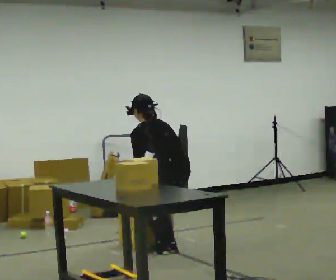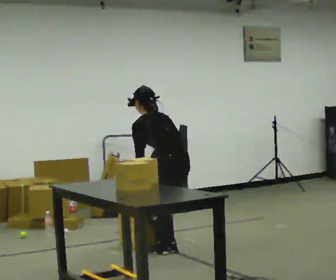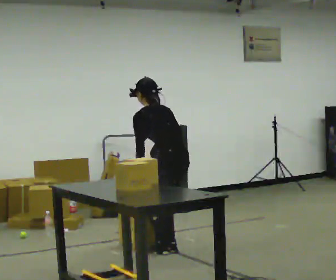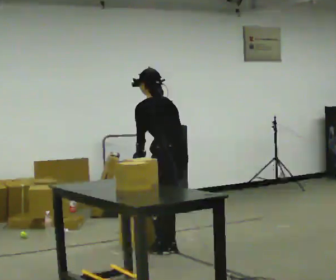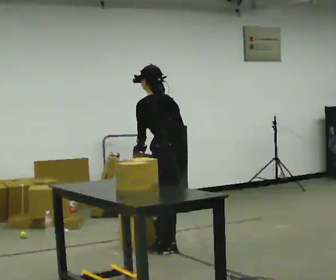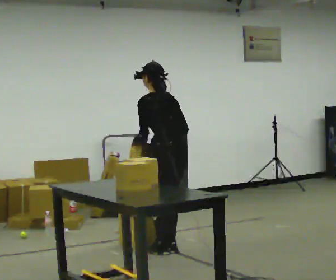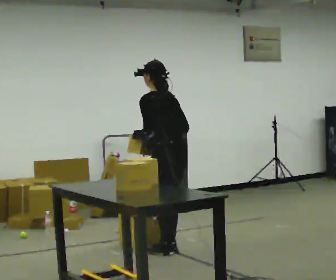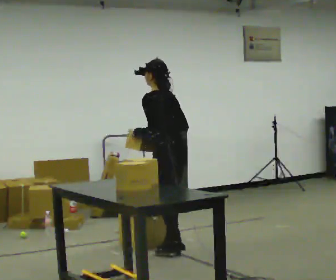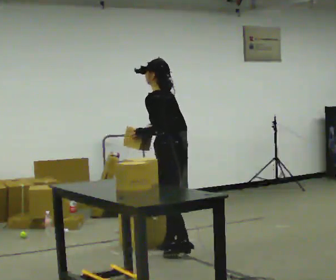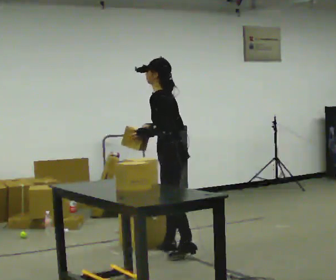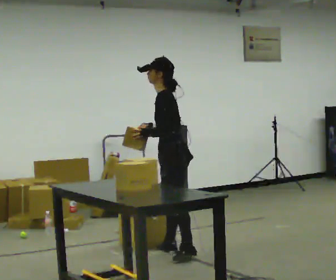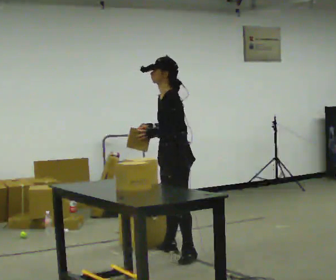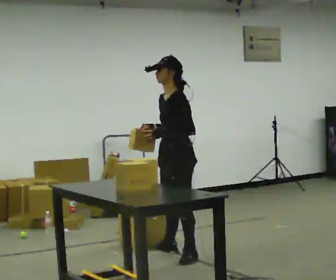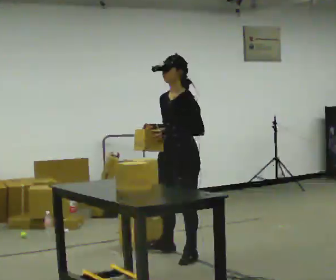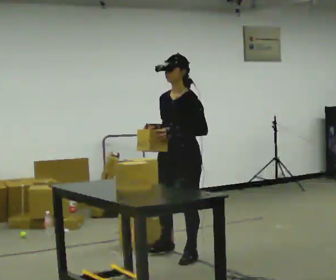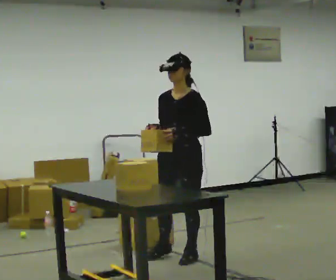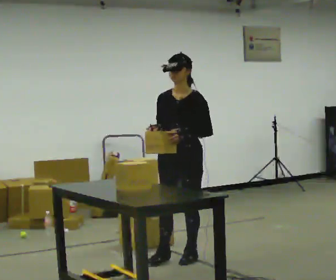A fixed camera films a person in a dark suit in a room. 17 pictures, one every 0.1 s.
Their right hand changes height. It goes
upward.
The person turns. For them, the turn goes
to their left.
0.0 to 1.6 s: Seen from above the body turns counterclockwise, about 120 degrees: to their left, with its near side sliding to the right. In the picture they go toward the camera, about 0.25 m in 1 step. The shoulders move upward. The upper body tips toward the camera, its near side rolling downward, as they lean back or straighten. In the picture their right hand goes upward.
The film runs forward here.
